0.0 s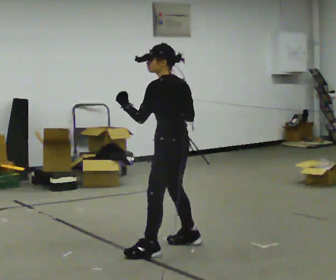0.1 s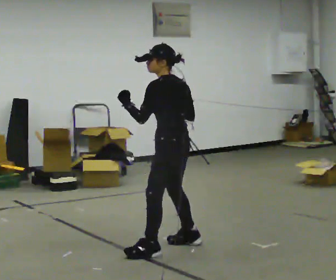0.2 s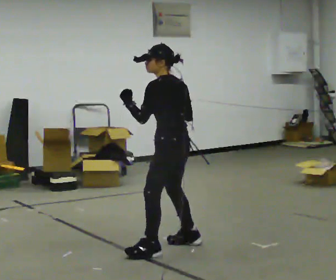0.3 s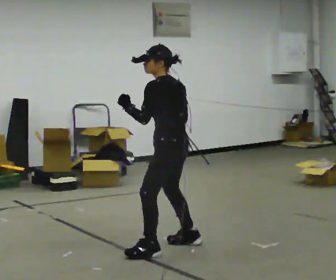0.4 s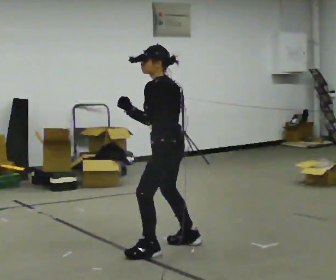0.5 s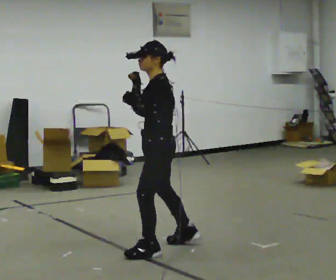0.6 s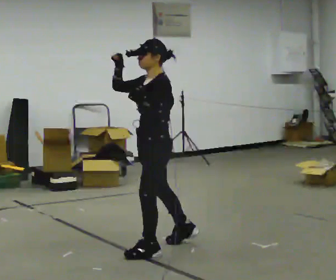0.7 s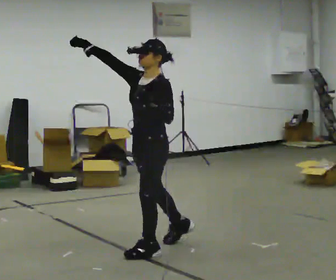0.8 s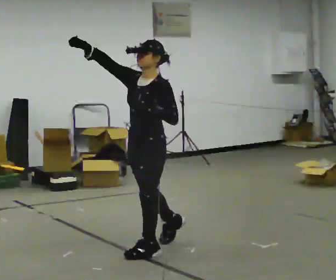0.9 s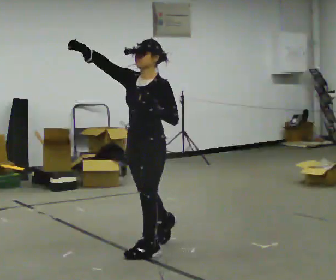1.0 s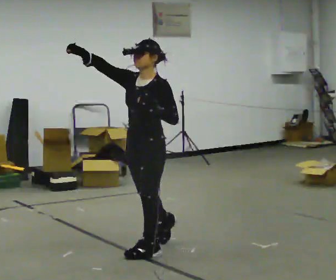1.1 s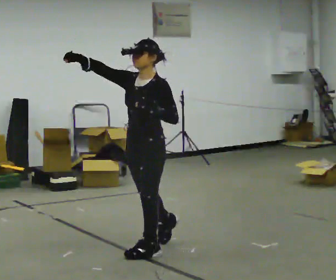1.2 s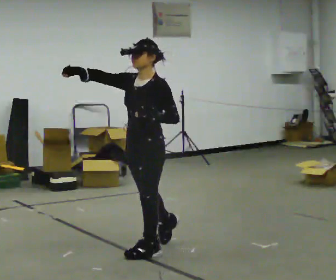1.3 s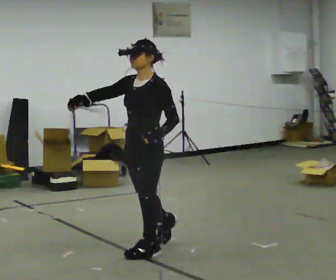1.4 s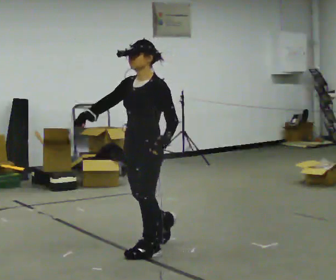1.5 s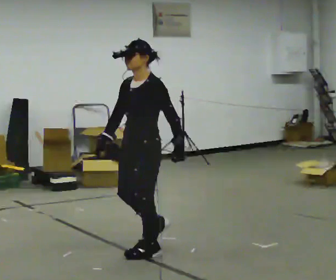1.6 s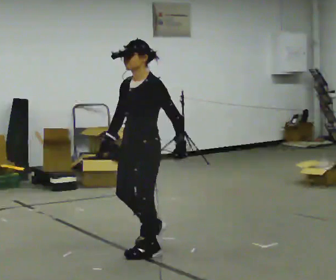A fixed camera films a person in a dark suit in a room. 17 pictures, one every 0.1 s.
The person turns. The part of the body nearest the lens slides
to the right.
The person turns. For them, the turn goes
to their left.
0.0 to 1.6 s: The person turns about 60 degrees to their left, counterclockwise seen from above, so the part of the body nearest the lens slides to the right. In the picture they go to the left and toward the camera, about 0.25 m in 1 step.
The film runs forward here.
